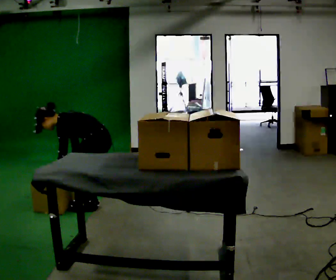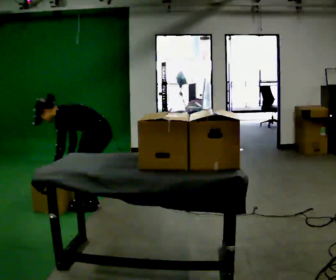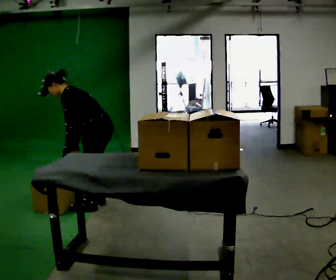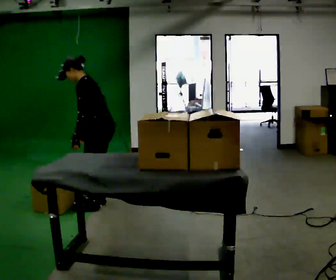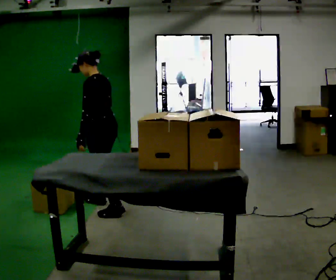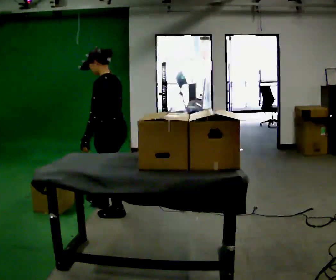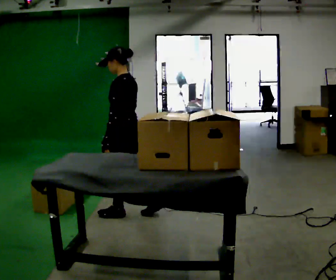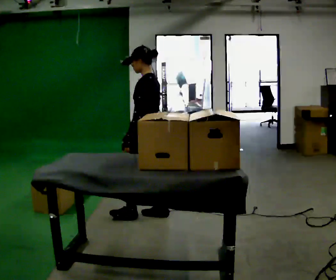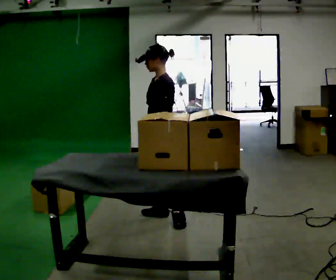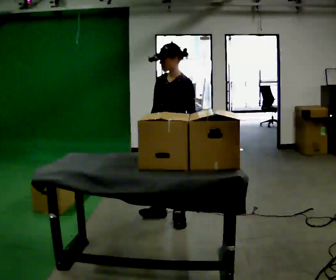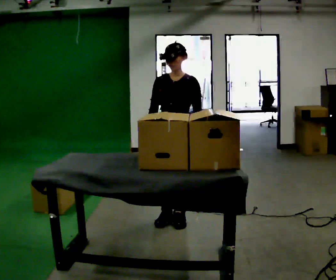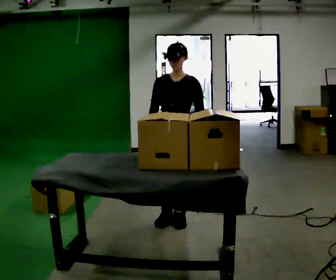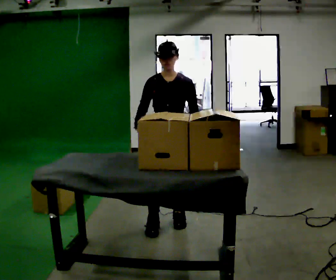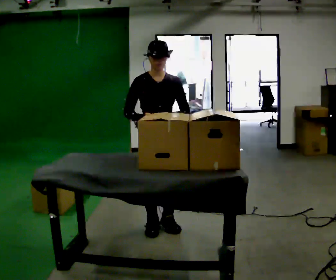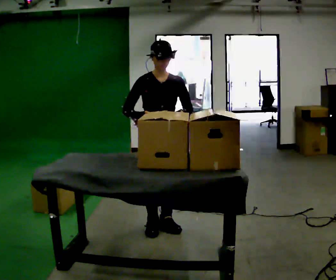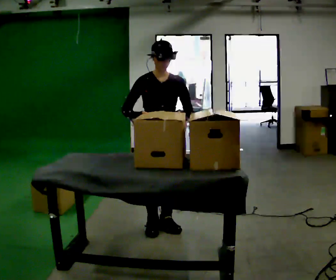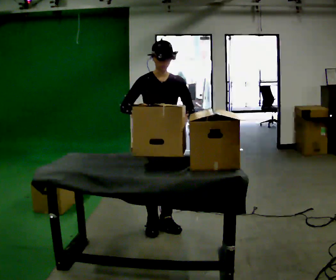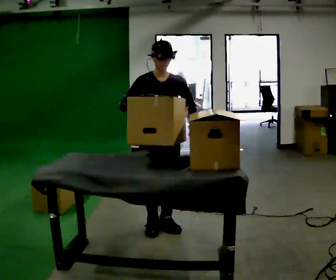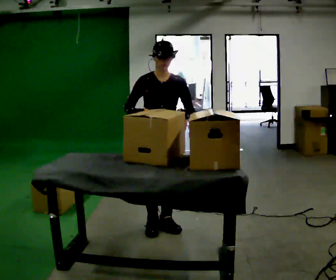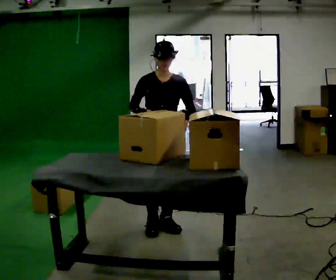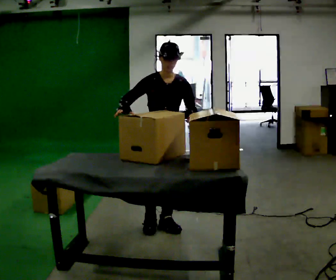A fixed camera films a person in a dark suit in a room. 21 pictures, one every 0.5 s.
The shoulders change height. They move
upward.
The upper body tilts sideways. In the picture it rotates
clockwise.
0.0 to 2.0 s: The upper body goes upward. In the picture the upper body tilts clockwise, shoulders to the right, as they lean back or straighten. In the picture their left hand goes upward.
2.0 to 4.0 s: The part of the body nearest the lens slides to the right as the person turns to their left by about 30 degrees. In the picture they go to the right, about 0.5 m in 2 steps, which for them is backward.
4.0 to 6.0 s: The part of the body nearest the lens slides to the right as the person turns to their left by about 75 degrees. In the picture they go toward the camera, about 0.25 m in 1 step.
6.0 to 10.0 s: The person moves a little, or ends about where they began.
The film runs backward here.
